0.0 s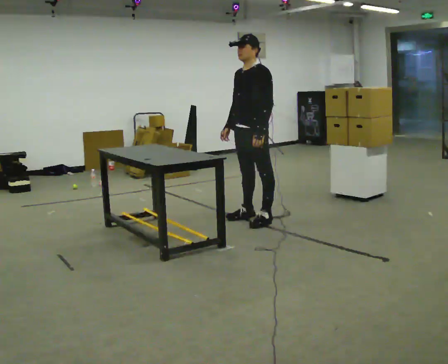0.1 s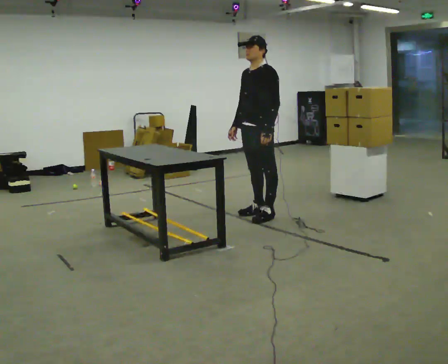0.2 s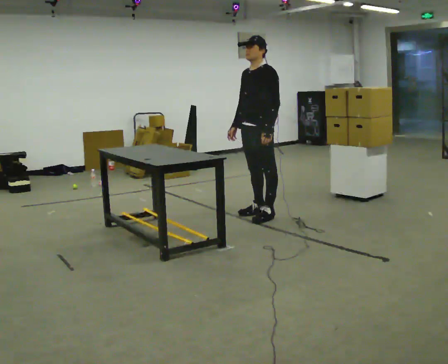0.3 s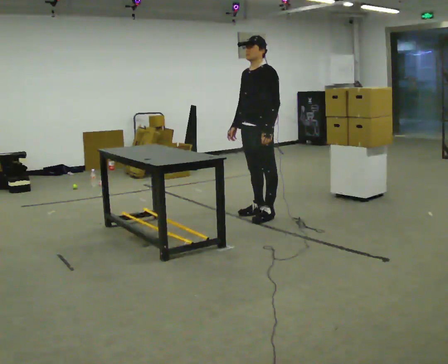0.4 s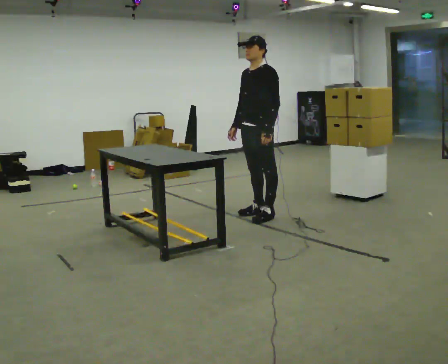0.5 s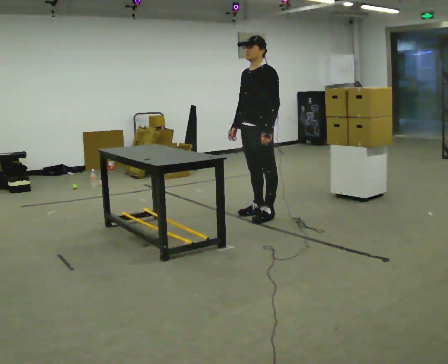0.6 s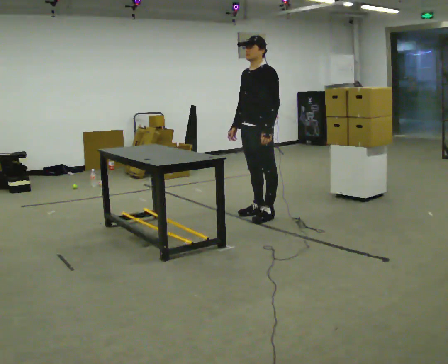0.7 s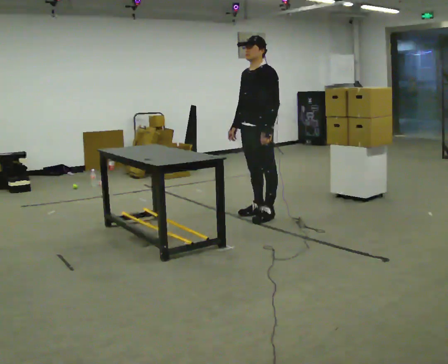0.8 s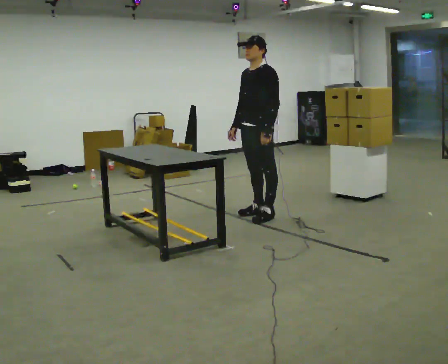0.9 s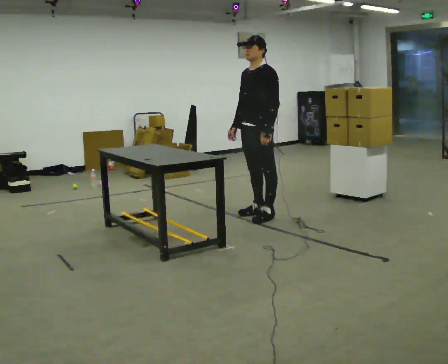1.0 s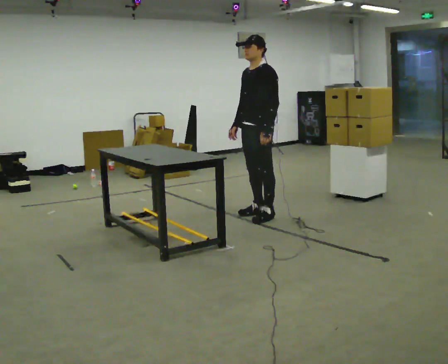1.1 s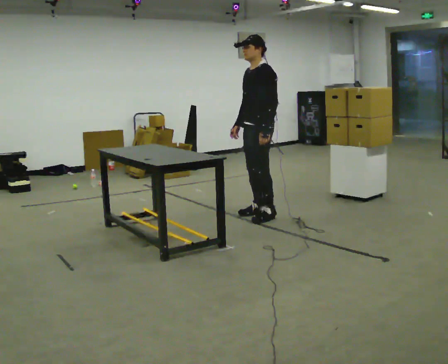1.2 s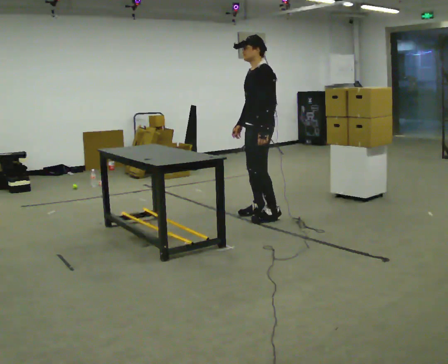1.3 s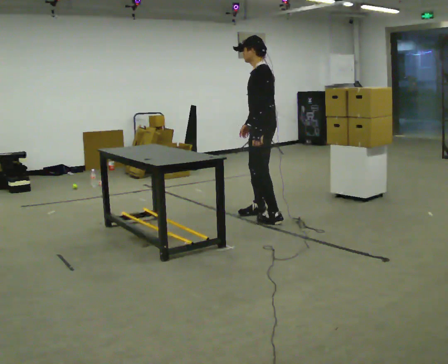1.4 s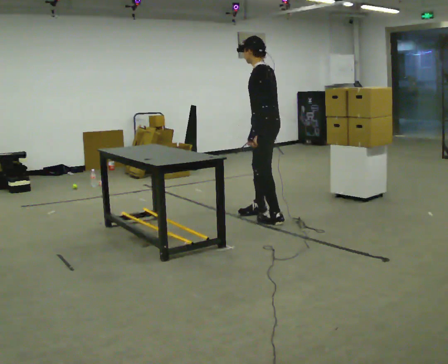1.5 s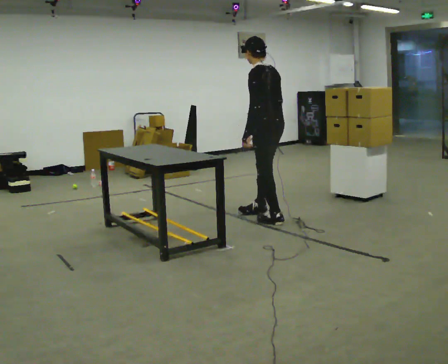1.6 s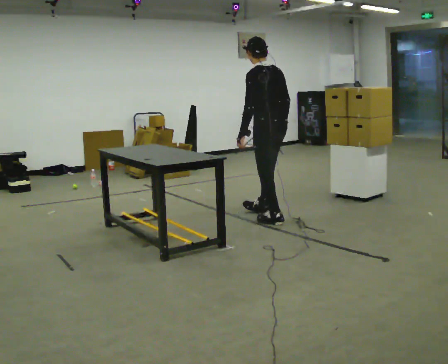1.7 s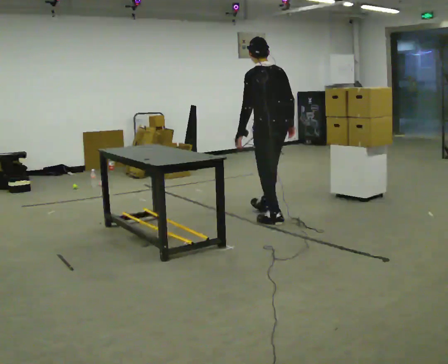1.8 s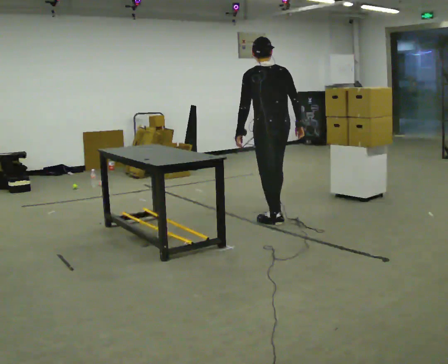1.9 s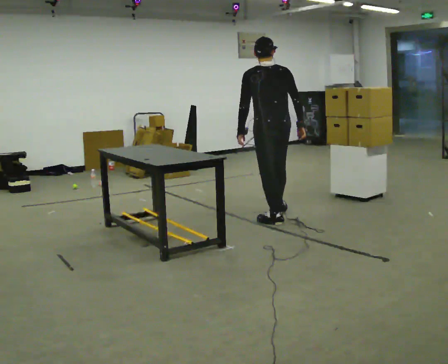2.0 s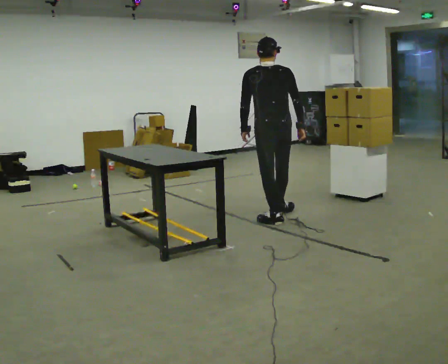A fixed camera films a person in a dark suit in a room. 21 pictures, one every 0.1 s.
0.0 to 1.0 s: The person moves a little, or ends about where they began.
1.0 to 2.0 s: The person turns about 120 degrees to their right, clockwise seen from above, so the part of the body nearest the lens slides to the left. In the picture their right hand goes to the right, the arm swinging counterclockwise.
The film runs forward here.
